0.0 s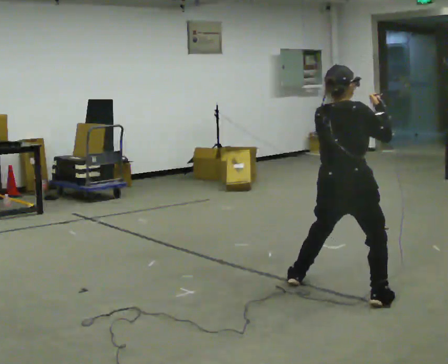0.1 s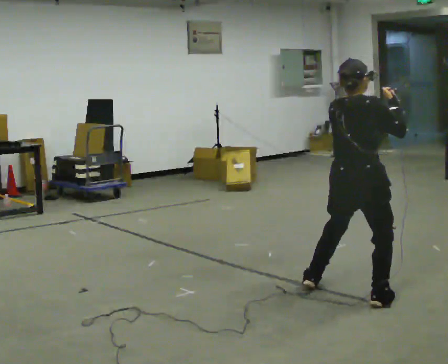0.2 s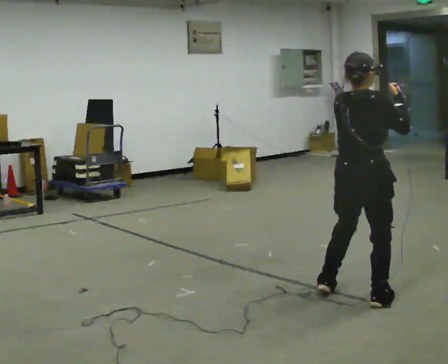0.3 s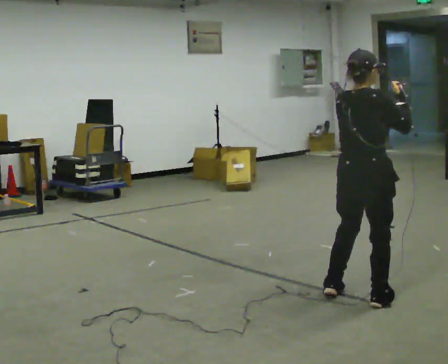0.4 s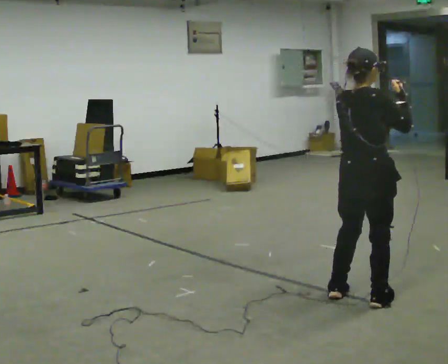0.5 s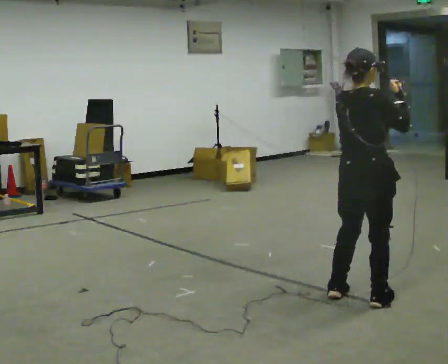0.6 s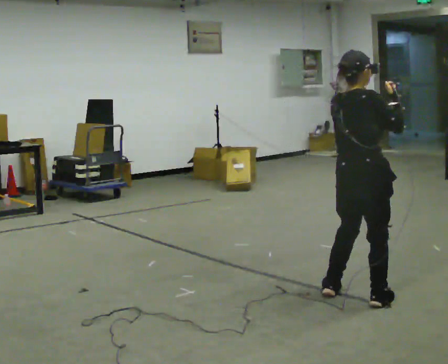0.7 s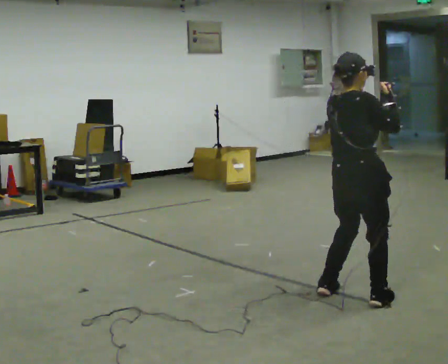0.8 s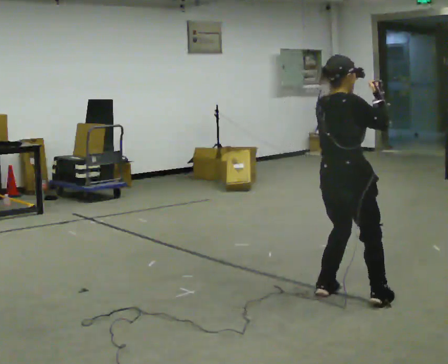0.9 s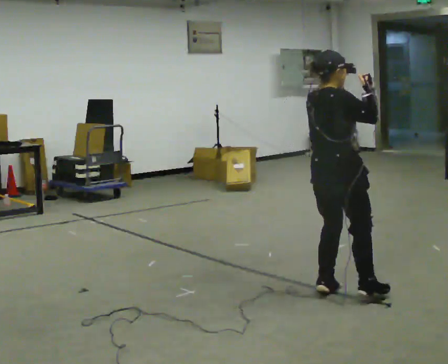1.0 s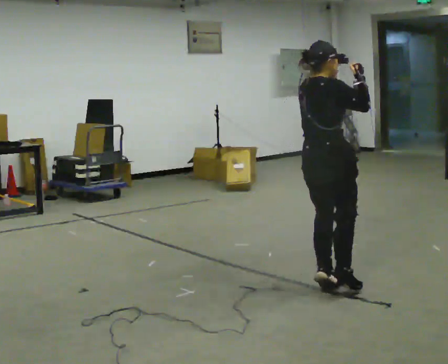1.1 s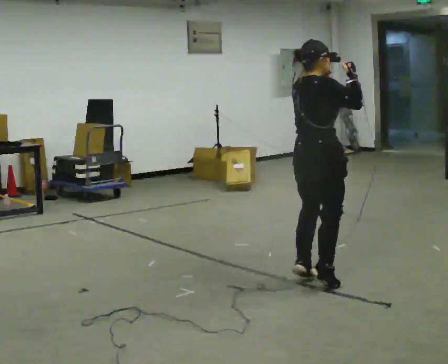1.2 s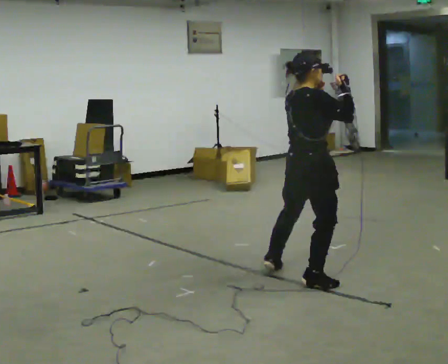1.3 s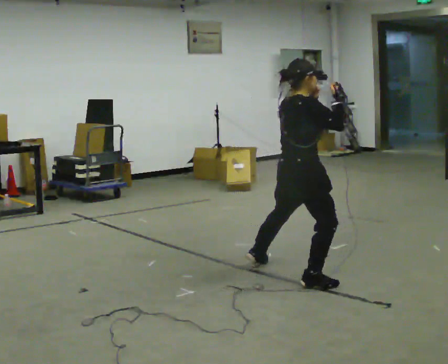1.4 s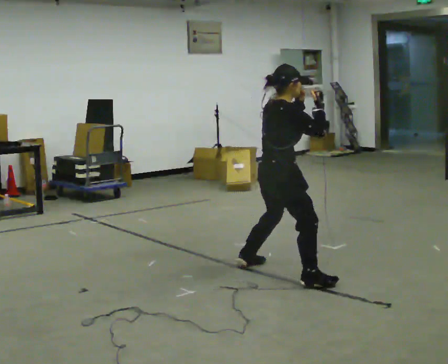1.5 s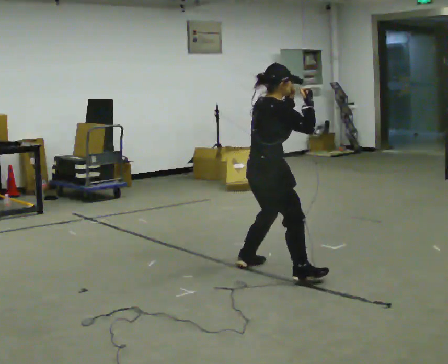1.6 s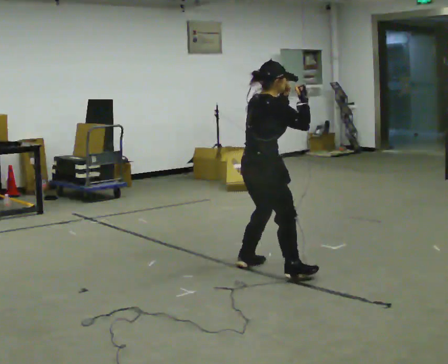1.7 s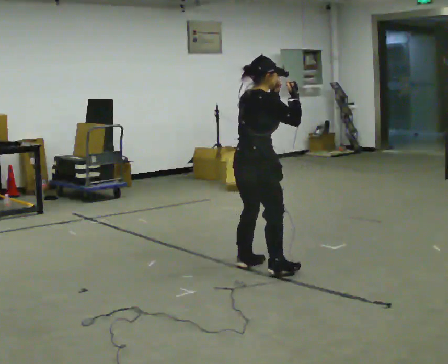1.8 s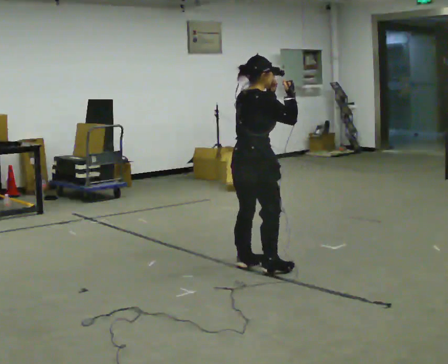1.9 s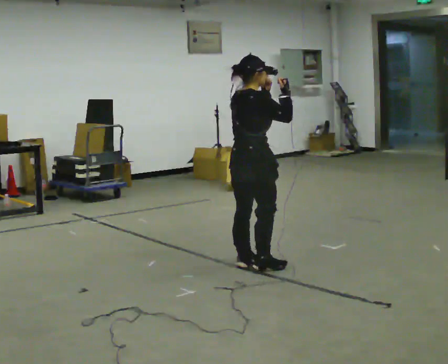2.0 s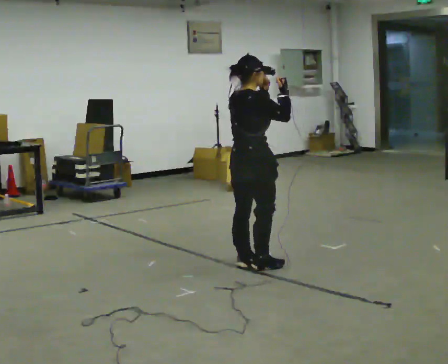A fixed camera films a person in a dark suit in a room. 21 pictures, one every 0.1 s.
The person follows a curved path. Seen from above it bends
counterclockwise.
0.0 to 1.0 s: The person moves a little, or ends about where they began.
1.0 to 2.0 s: In the picture they go to the left and away from the camera, about 0.5 m in 1 step, which for them is to their left.
The film runs backward here.
